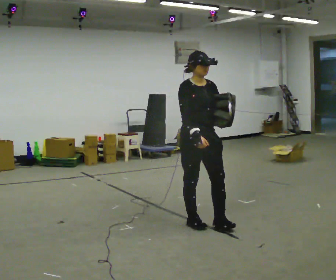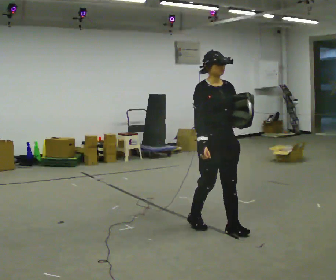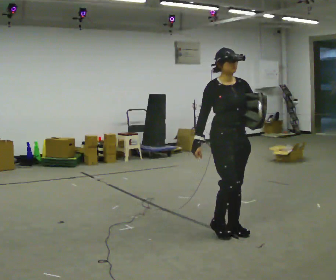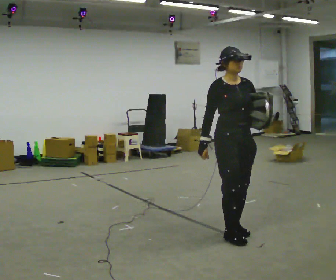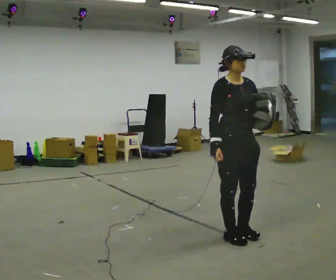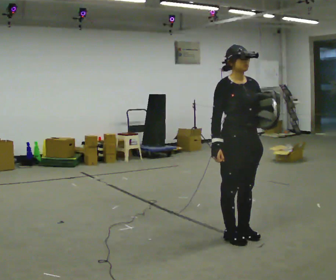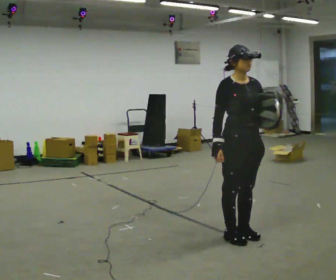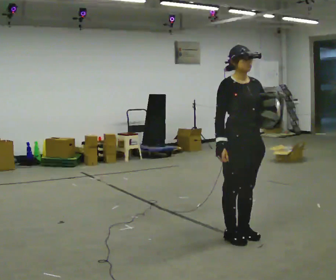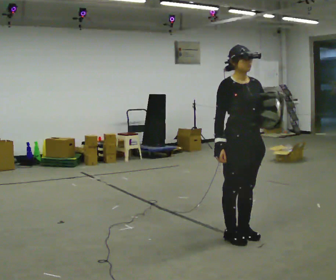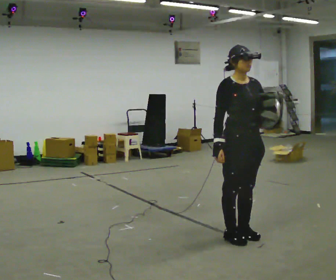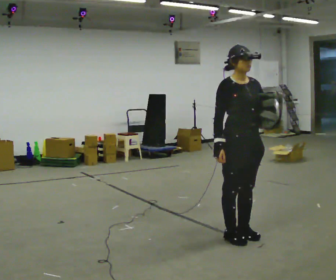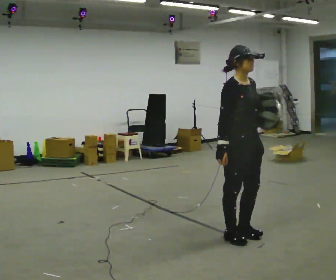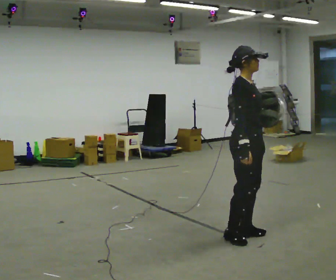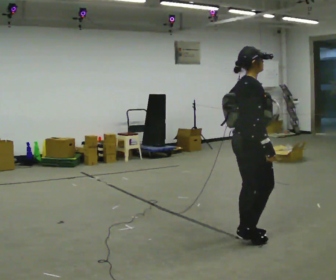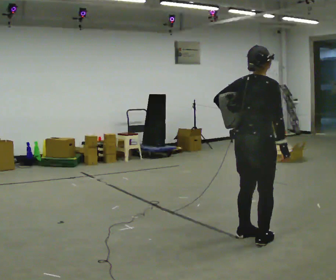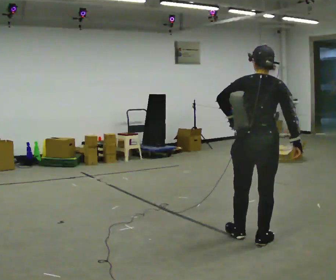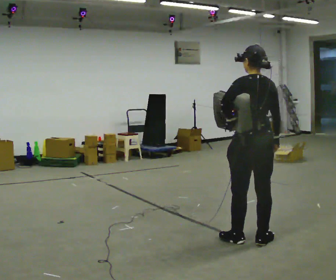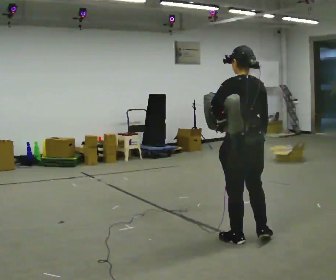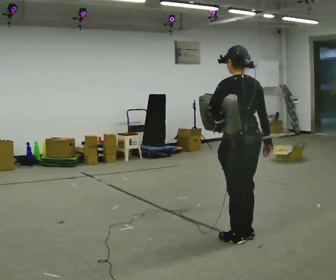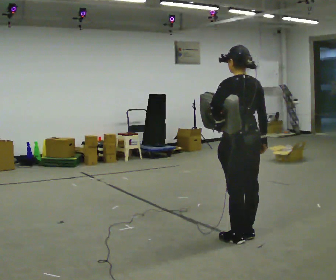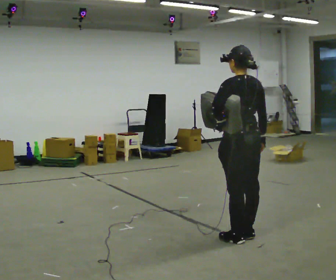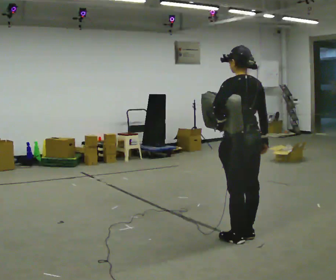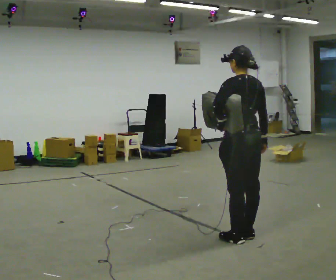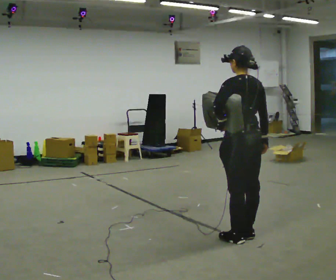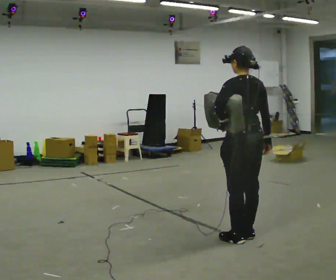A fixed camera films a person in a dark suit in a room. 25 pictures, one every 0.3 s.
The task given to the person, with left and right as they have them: Put the soft bag up onto your shoulder and carry it across the room, back and forth.
0.0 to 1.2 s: In the picture they go toward the camera and to the right, about 0.5 m in 2 steps, which for them is forward.
1.2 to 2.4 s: The person moves a little, or ends about where they began.
2.4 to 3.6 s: The part of the body nearest the lens slides to the right as the person turns to their left by about 45 degrees.
3.6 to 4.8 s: The person turns about 135 degrees to their left, counterclockwise seen from above, so the part of the body nearest the lens slides to the right.
4.8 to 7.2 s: The person moves a little, or ends about where they began.
The film runs forward here.
